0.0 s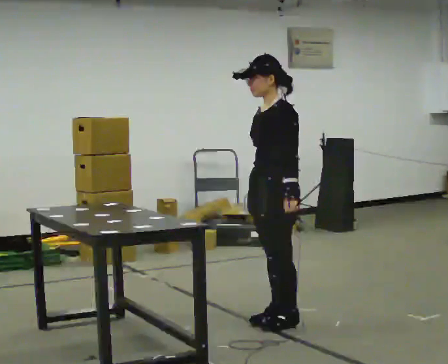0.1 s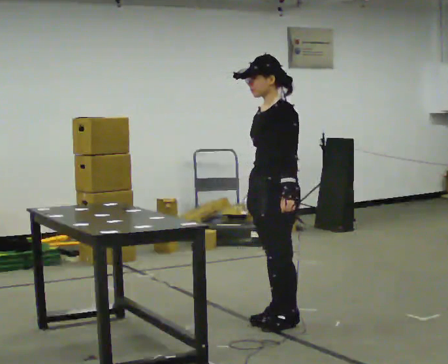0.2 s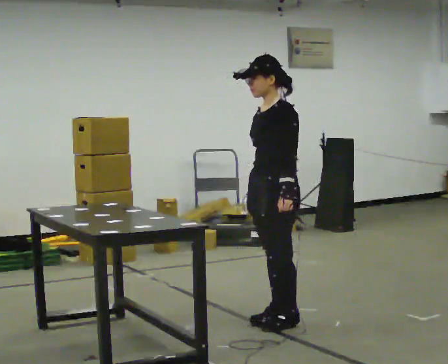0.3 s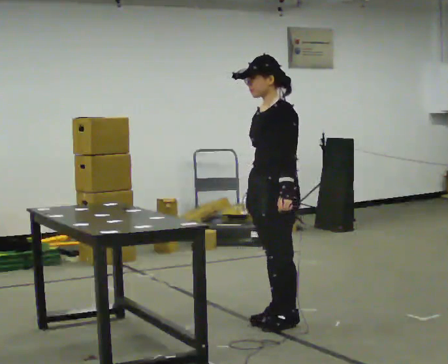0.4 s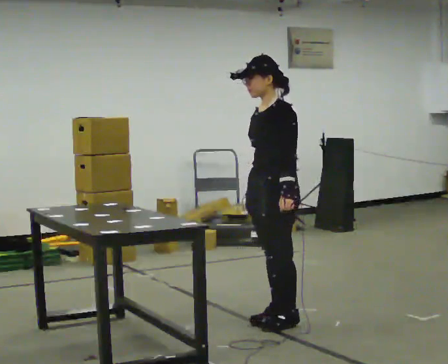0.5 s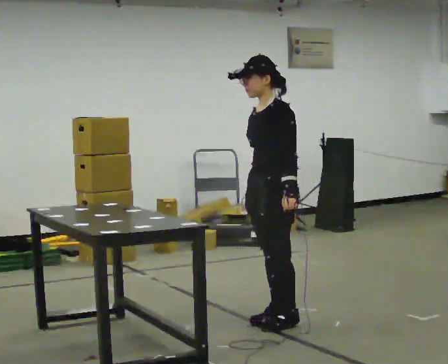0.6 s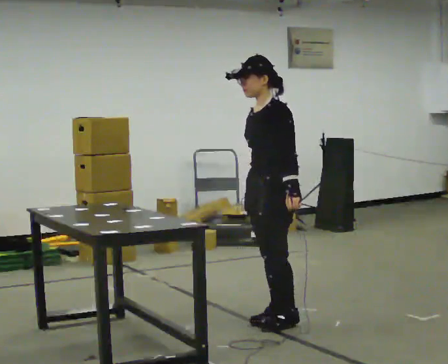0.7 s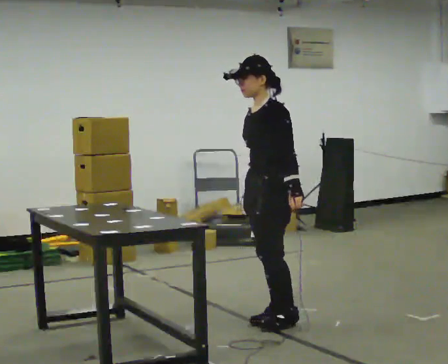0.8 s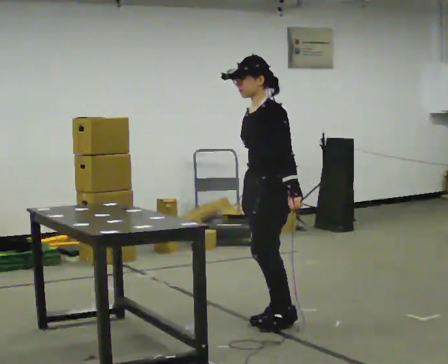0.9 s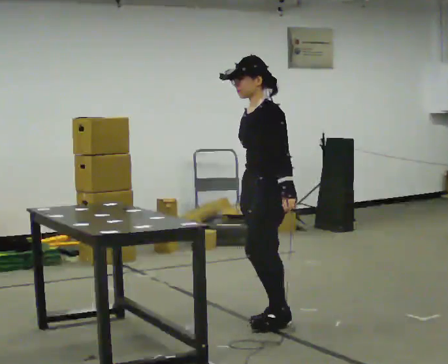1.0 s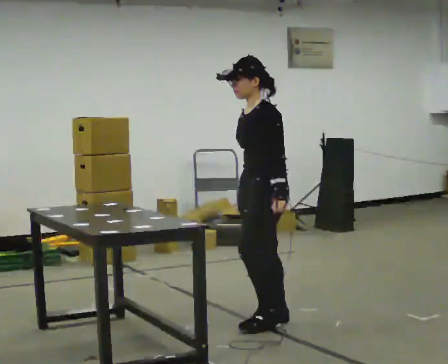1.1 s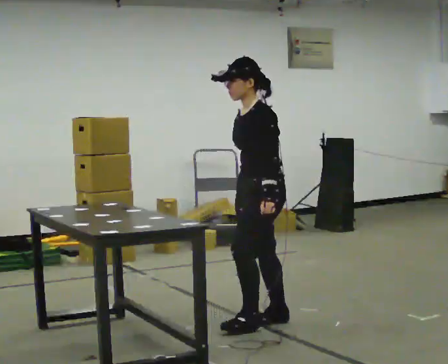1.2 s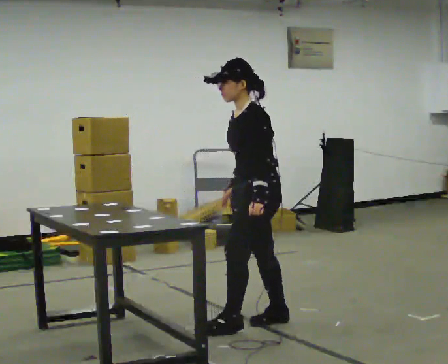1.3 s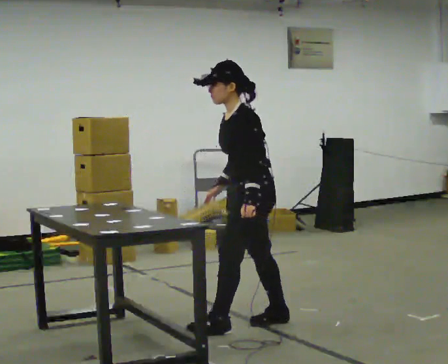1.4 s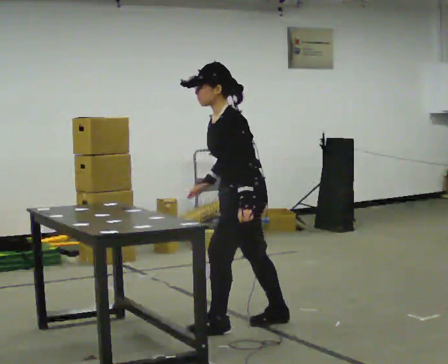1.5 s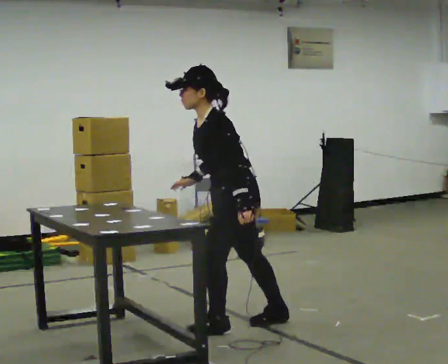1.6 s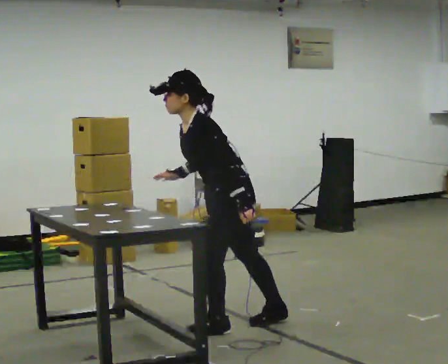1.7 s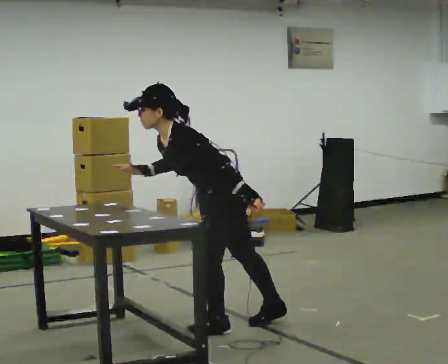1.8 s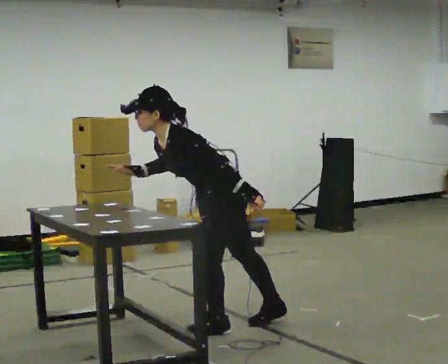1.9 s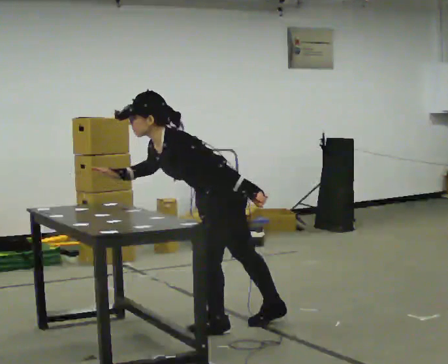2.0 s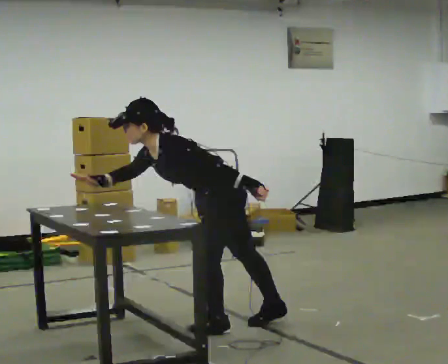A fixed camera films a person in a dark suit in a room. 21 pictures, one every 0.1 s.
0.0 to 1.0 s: The person moves a little, or ends about where they began.
1.0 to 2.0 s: In the picture they go to the left and toward the camera, about 0.25 m, which for them is forward and to their left. The shoulders move downward. In the picture the upper body tilts counterclockwise, shoulders to the left, as they bend forward.
The film runs backward here.
